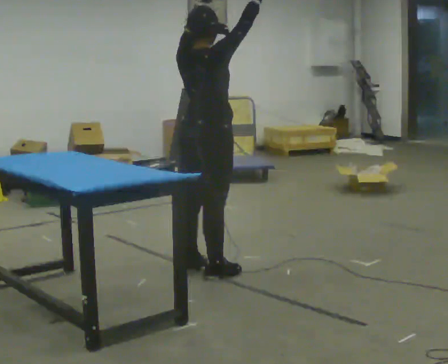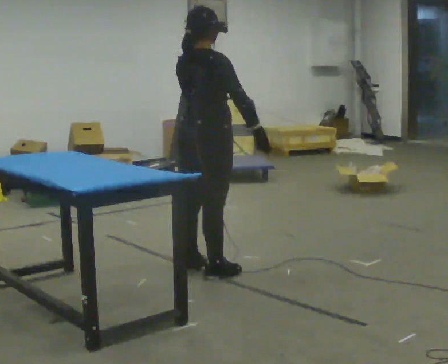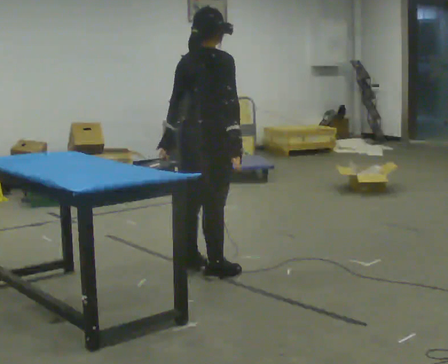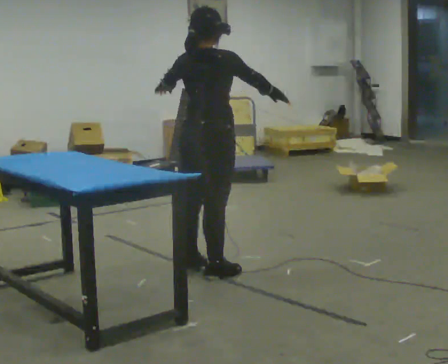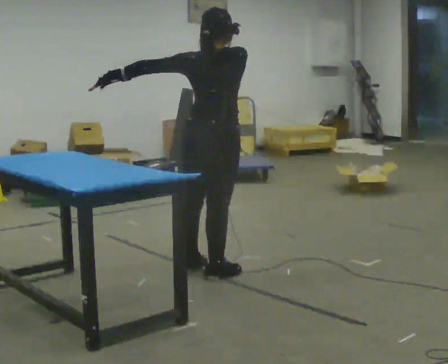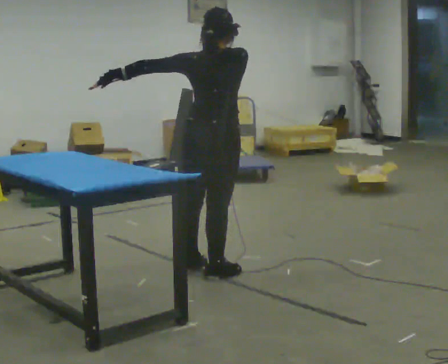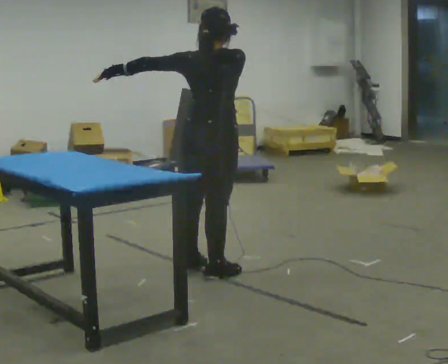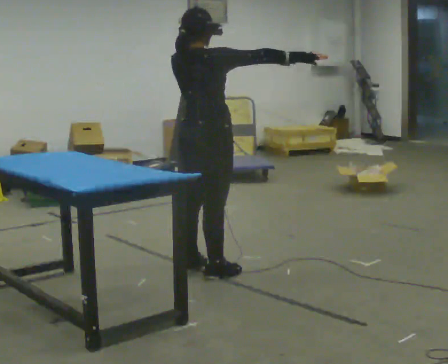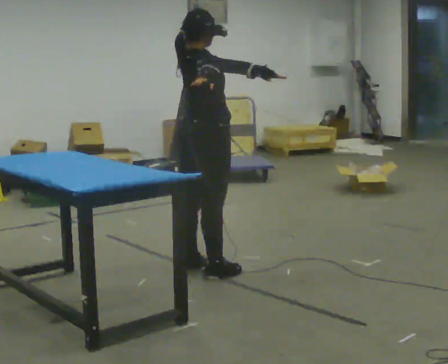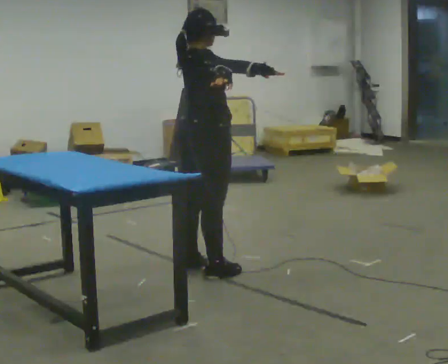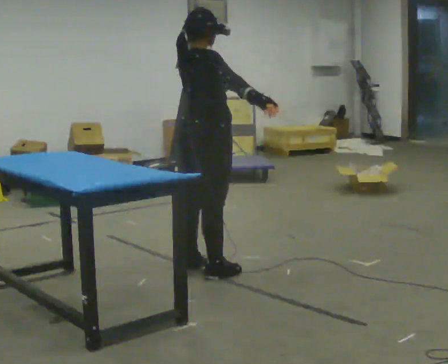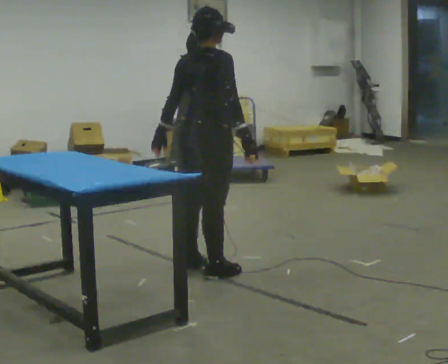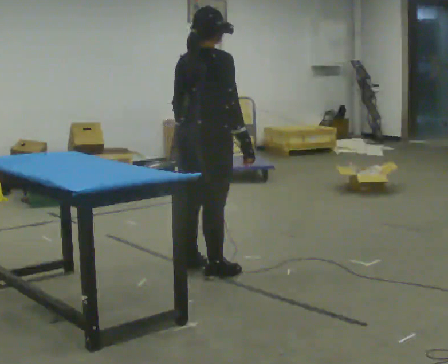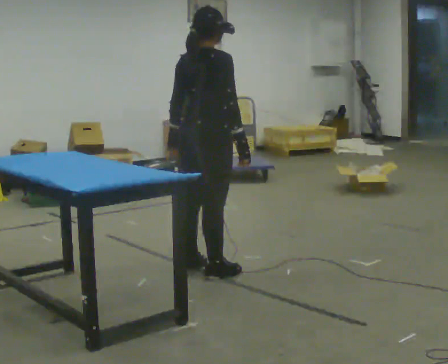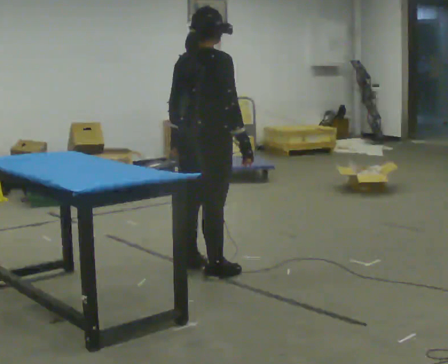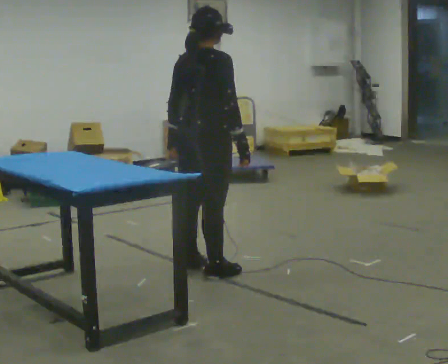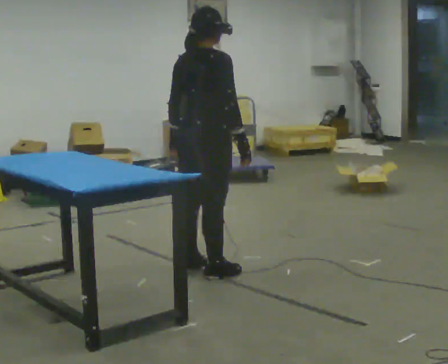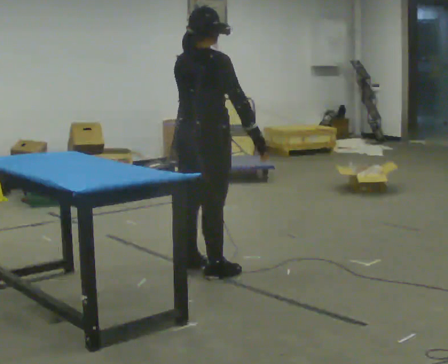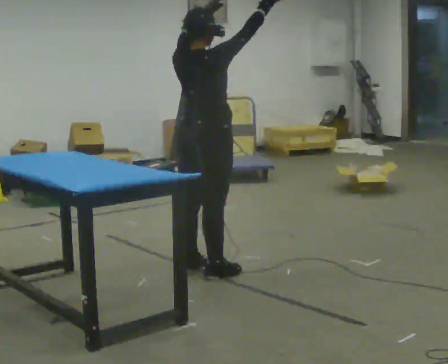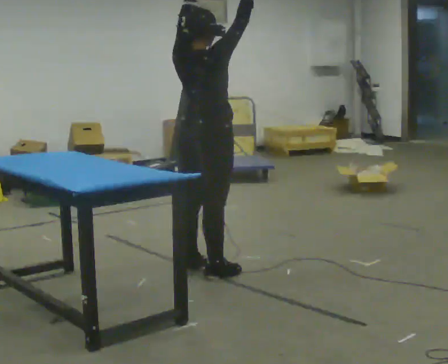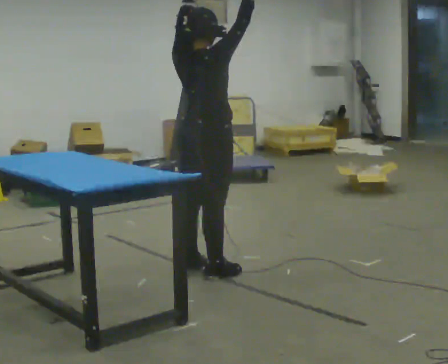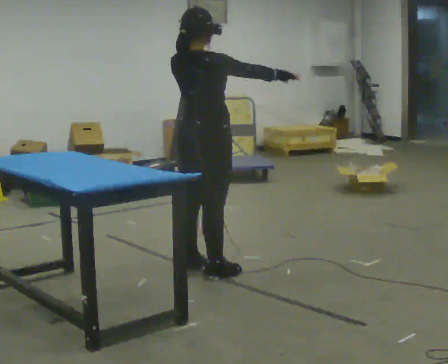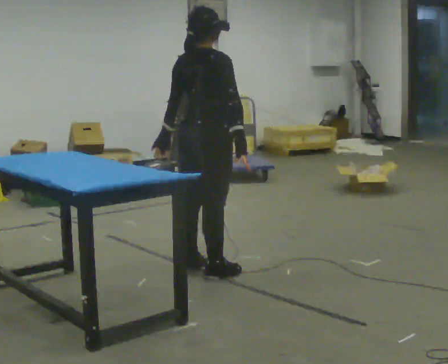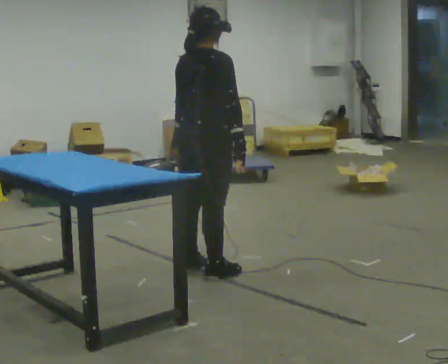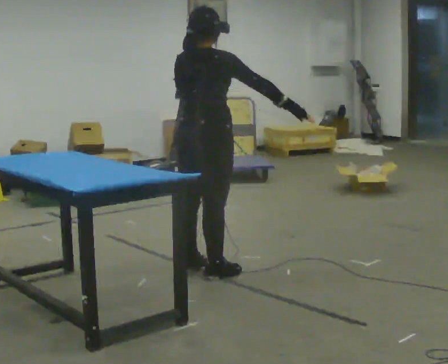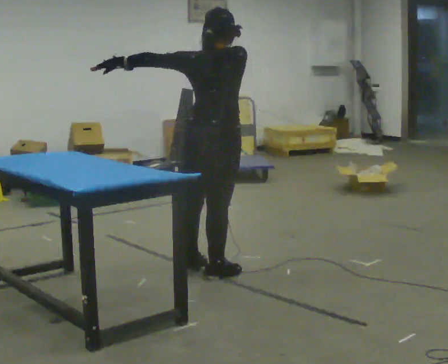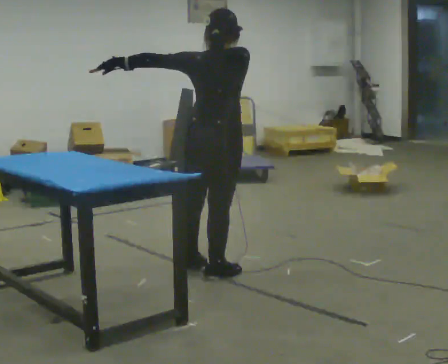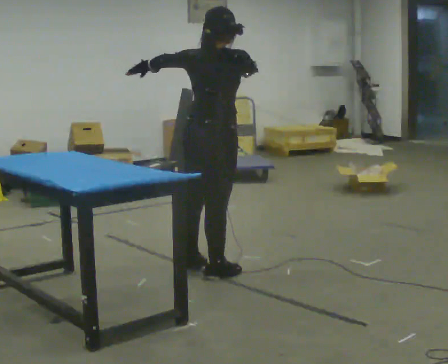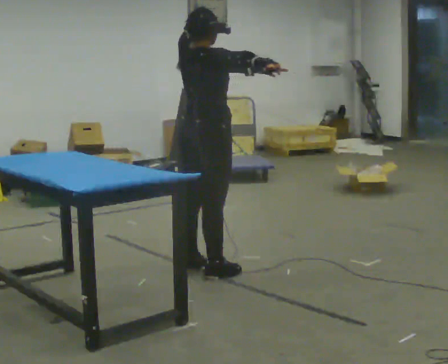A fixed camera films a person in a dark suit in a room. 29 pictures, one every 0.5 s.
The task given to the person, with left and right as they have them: Reach as far as you comfortably can in each direction the operator calls: up, down, forward, each side, and behind. Hold each one briefly. Keep both feet on the marked spots for the whole take. If you have to step, stop and tell the operator.
0.0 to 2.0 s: In the picture their left hand goes to the left and downward.
2.0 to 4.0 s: The person turns about 30 degrees to their right, clockwise seen from above, so the part of the body nearest the lens slides to the left.
4.0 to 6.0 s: In the picture their left hand goes to the left and downward, the arm swinging clockwise.
6.0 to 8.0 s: The person moves a little, or ends about where they began.
8.0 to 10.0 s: In the picture their right hand goes upward, the arm swinging counterclockwise.
10.0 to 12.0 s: In the picture their right hand goes downward.
12.0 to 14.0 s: In the picture their right hand goes to the left.
The film runs forward here.
